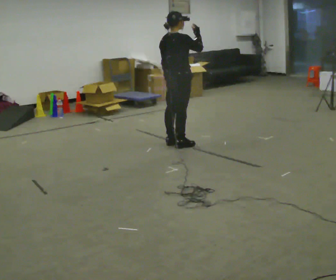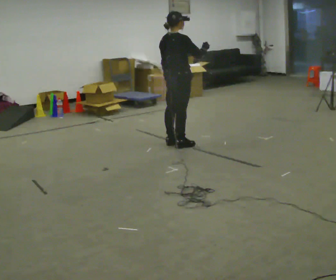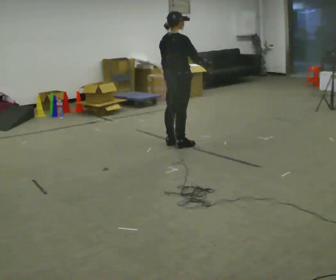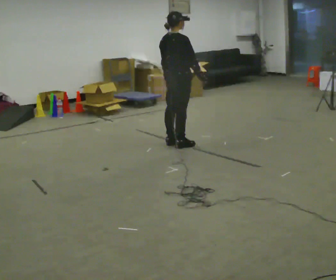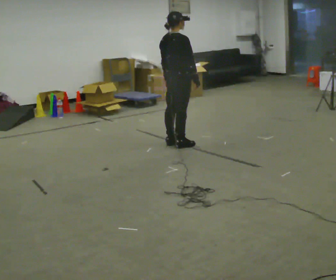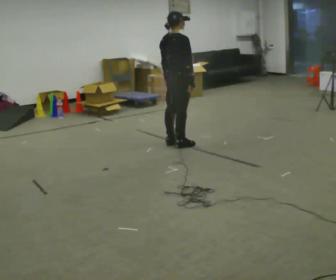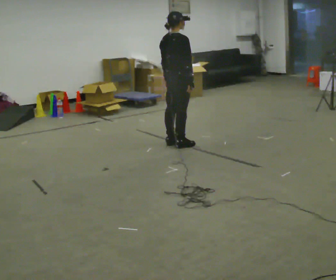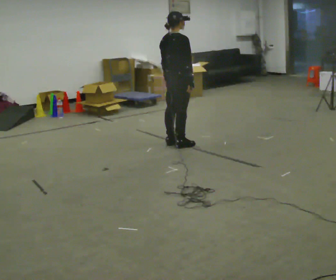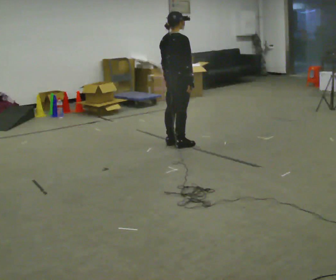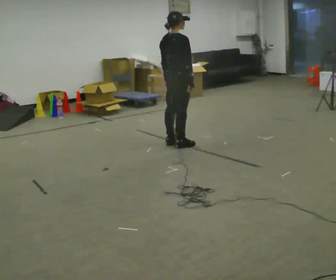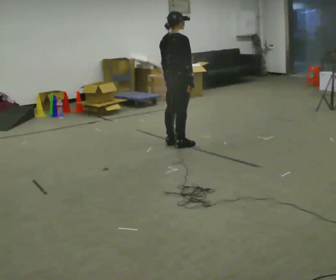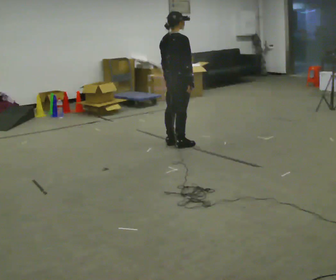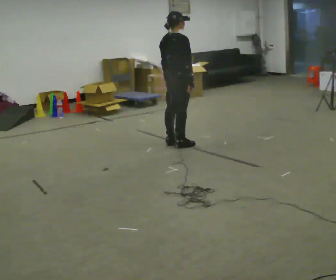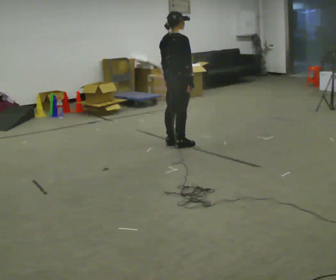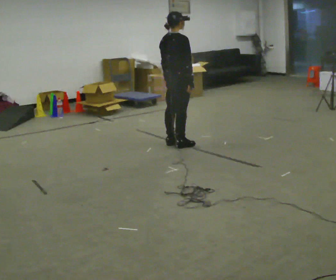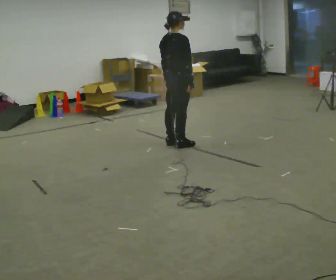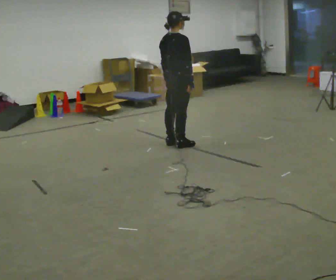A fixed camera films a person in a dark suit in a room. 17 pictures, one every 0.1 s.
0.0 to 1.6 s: In the picture their right hand goes downward.
The film runs backward here.
